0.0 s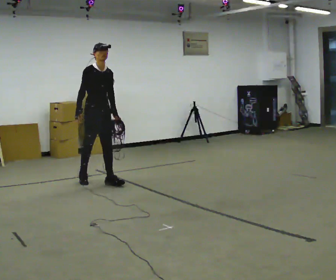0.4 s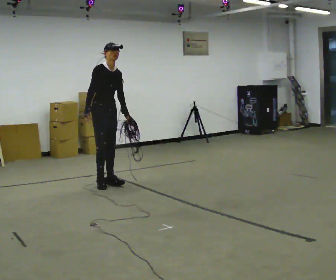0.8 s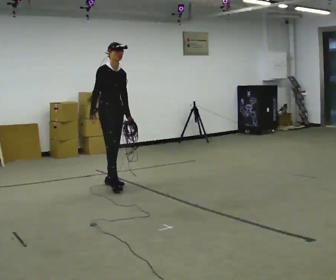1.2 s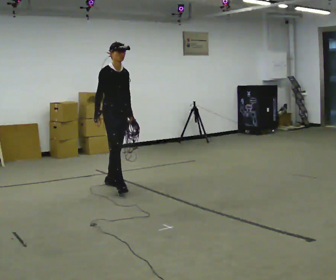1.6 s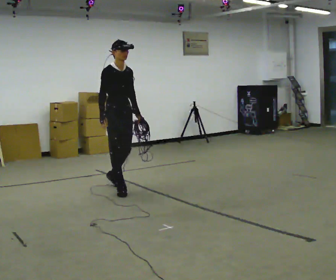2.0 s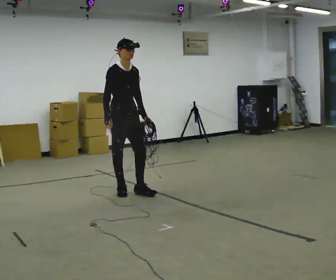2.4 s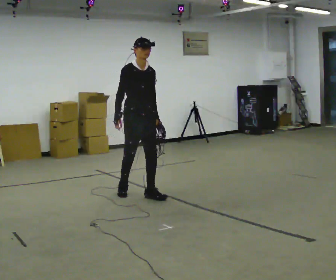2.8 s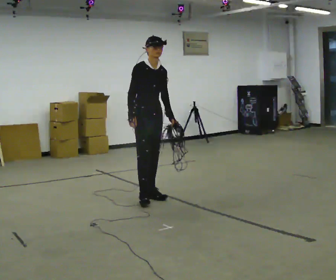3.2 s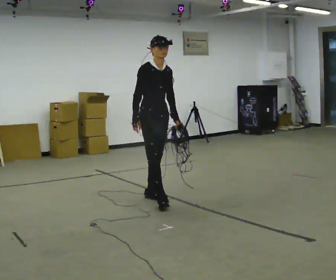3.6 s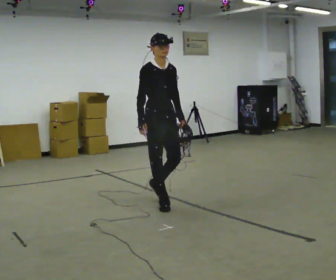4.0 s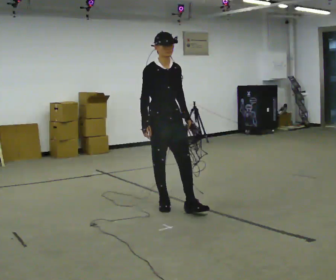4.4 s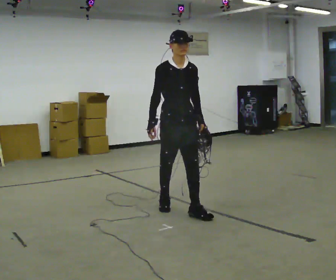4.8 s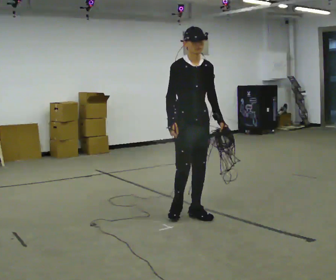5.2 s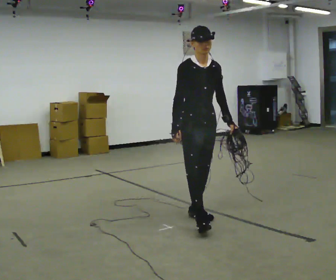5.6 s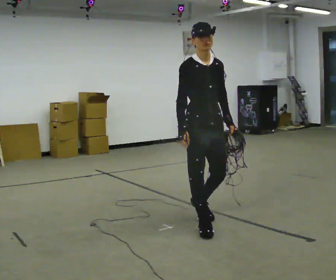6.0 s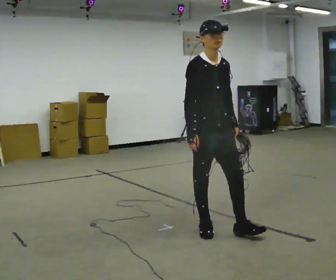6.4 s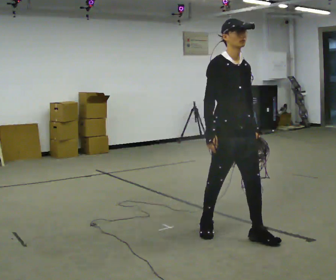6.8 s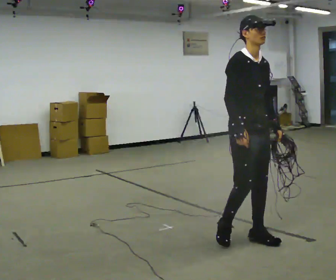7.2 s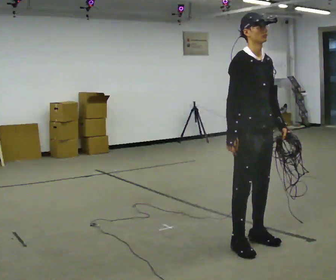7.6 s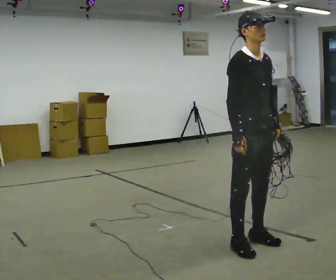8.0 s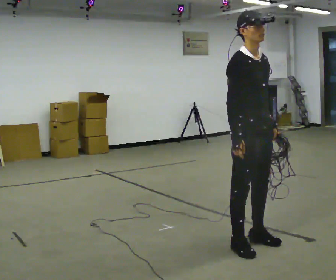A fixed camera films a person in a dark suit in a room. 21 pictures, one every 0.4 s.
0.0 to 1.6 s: In the picture they go toward the camera and to the right, about 0.5 m in 2 steps, which for them is forward.
1.6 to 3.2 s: In the picture they go toward the camera and to the right, about 0.5 m in 2 steps, which for them is forward.
3.2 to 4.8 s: In the picture they go toward the camera and to the right, about 0.75 m in 1 step, which for them is forward.
4.8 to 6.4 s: In the picture they go toward the camera and to the right, about 0.5 m in 2 steps, which for them is forward.
6.4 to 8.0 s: In the picture they go toward the camera, about 0.25 m in 1 step, which for them is forward.
The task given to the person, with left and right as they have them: Pick up the coiled hose, carry it across the room, and set it down. It will move around as you walk. Keep going until the operator says stop; one object at a time, and do not rush between trips.
The film runs forward here.
